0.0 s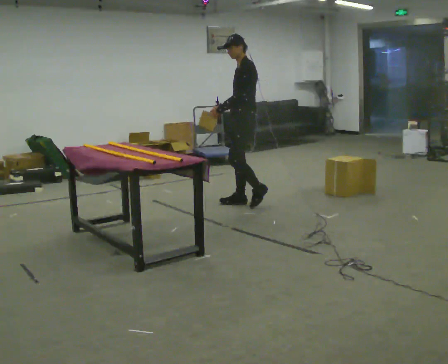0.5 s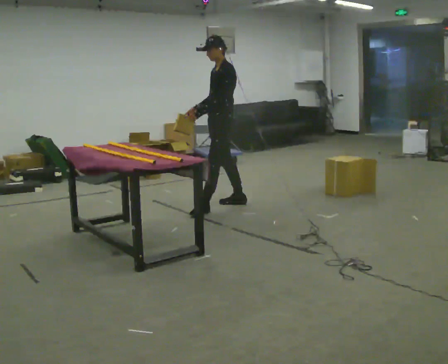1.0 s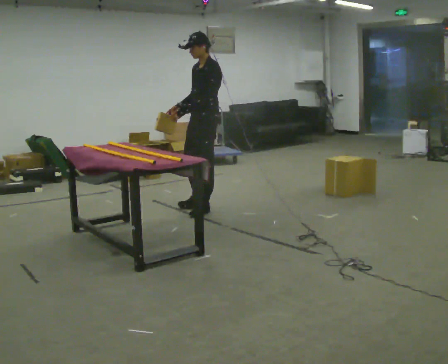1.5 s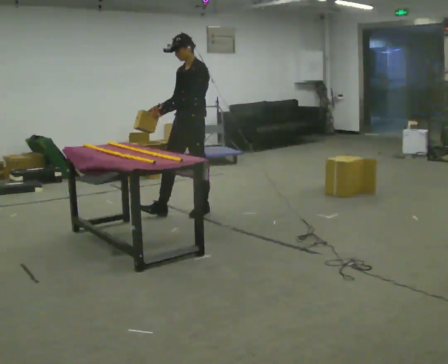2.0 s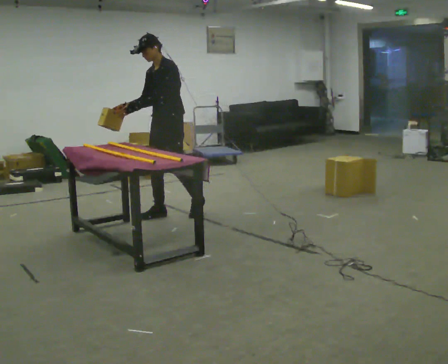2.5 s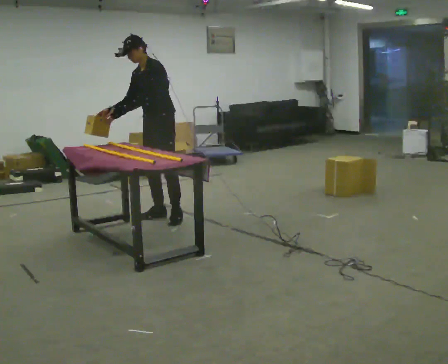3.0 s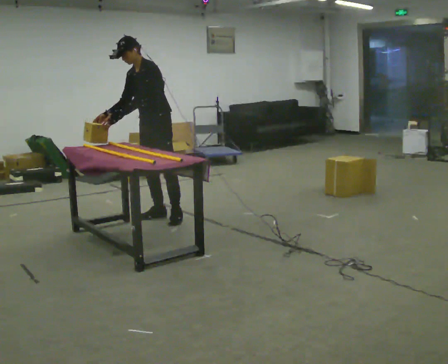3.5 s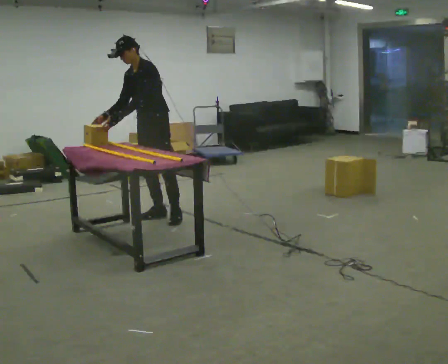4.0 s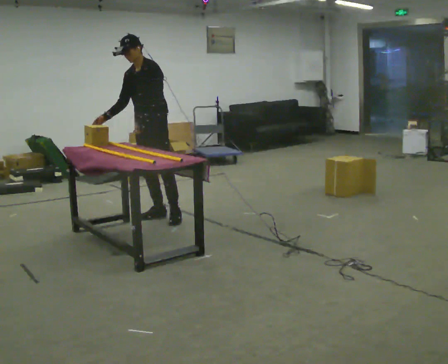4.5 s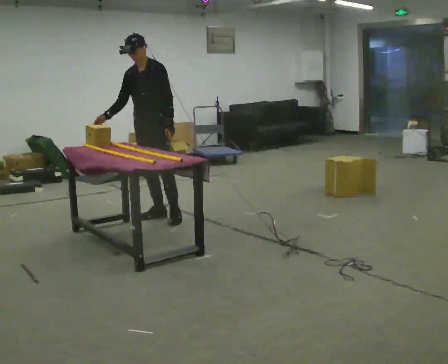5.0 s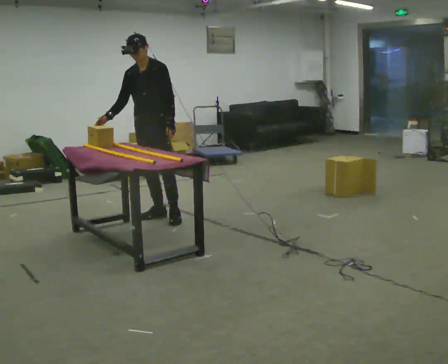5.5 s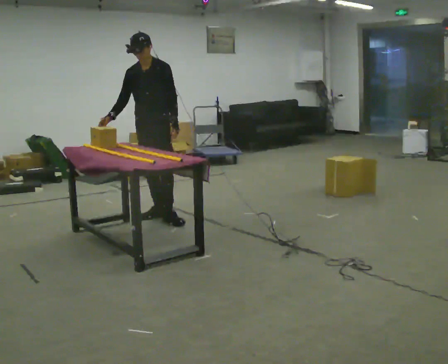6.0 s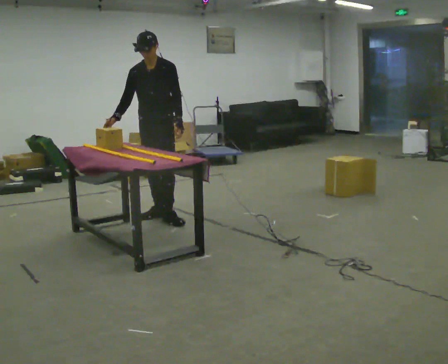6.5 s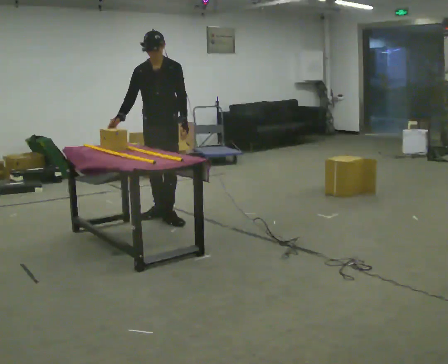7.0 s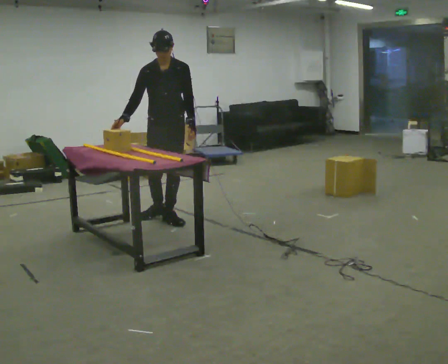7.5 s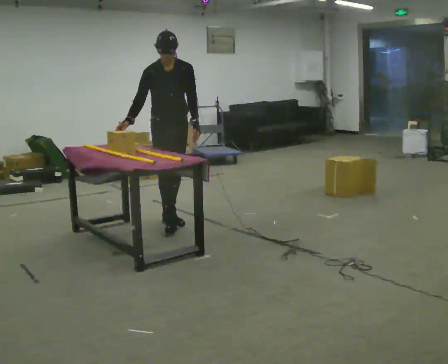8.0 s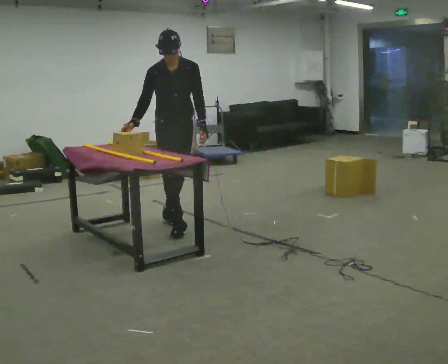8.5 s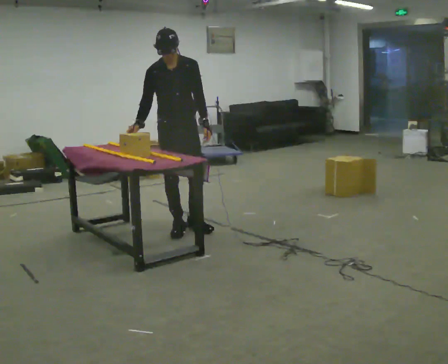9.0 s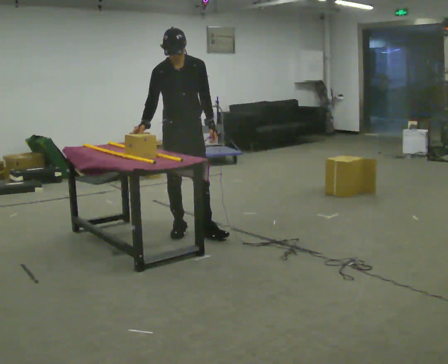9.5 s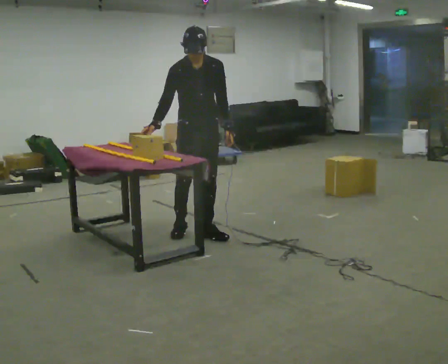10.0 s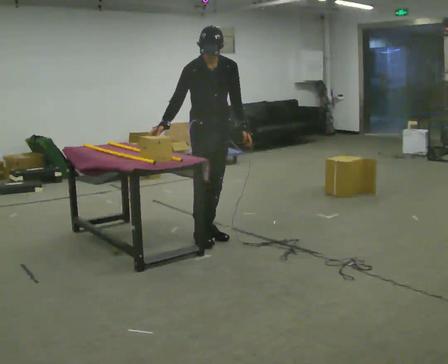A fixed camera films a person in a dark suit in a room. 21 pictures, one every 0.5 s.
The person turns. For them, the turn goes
to their left.
The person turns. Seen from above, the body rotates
counterclockwise.
0.0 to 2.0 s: Seen from above the body turns counterclockwise, about 45 degrees: to their left, with its near side sliding to the right. In the picture they go to the left, about 1 m in 2 steps, which for them is forward.
2.0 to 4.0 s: In the picture they go to the left, about 0.25 m in 1 step, which for them is forward.
4.0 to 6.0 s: In the picture their left hand goes to the right.
6.0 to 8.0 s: In the picture they go toward the camera, about 0.25 m in 1 step, which for them is forward and to their left.
8.0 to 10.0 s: In the picture they go toward the camera and to the right, about 0.5 m in 1 step, which for them is forward and to their left.
The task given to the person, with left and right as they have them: Carry the object across the room and slide it into the slot on the shelf. It is a close fit, so take the time you need. Keep going until the operator says stop; one object at a time, and do not rush between trips.
The film runs forward here.
